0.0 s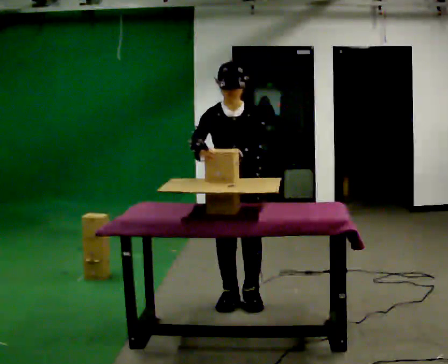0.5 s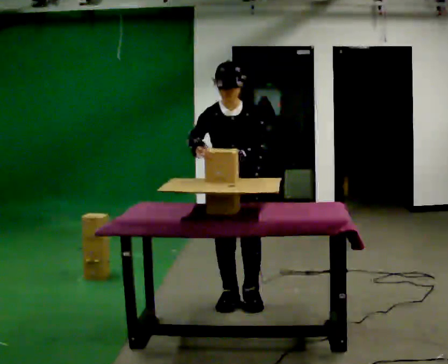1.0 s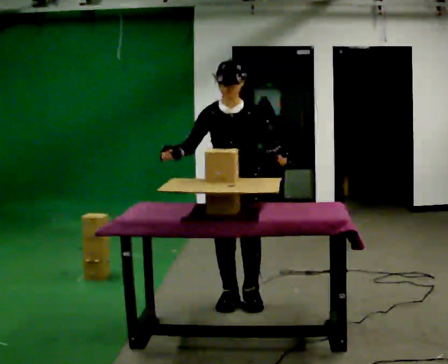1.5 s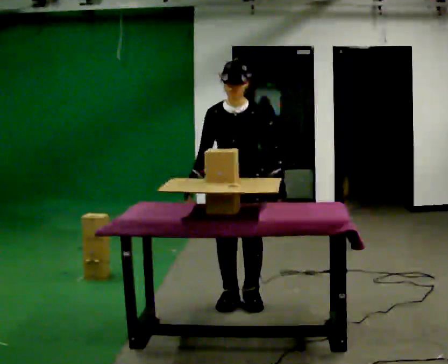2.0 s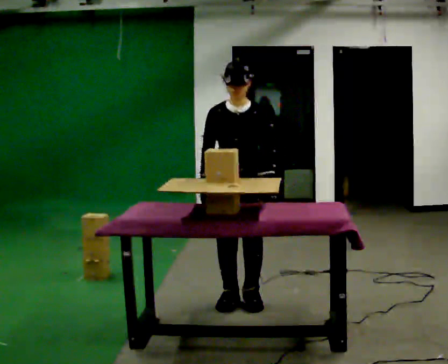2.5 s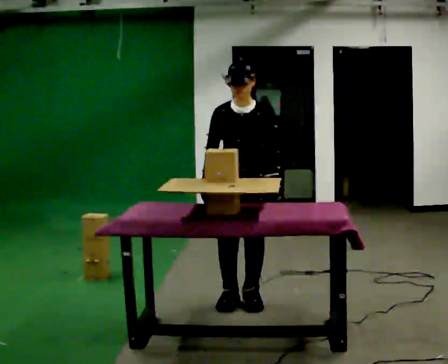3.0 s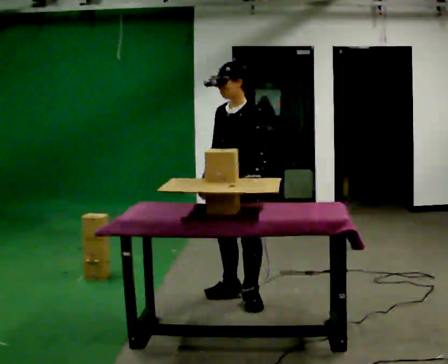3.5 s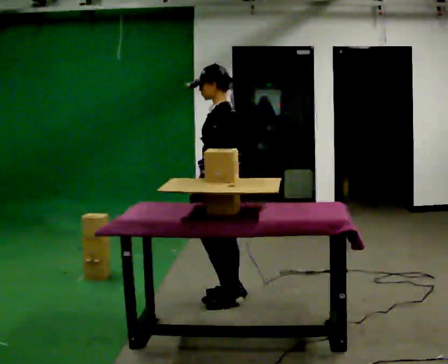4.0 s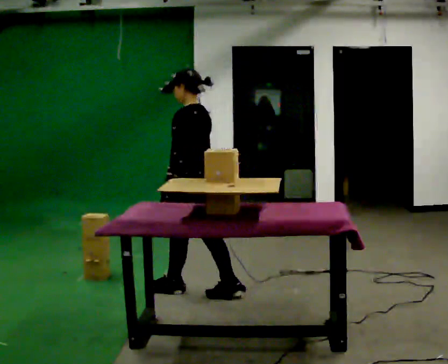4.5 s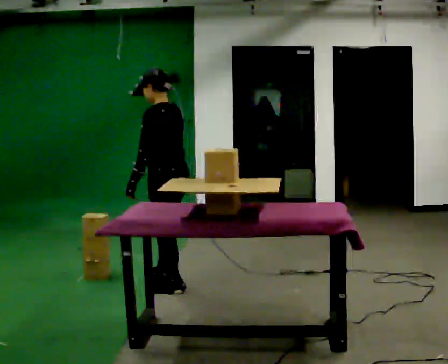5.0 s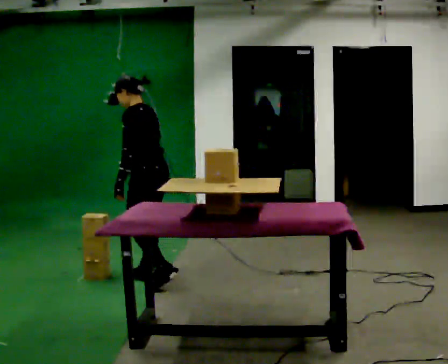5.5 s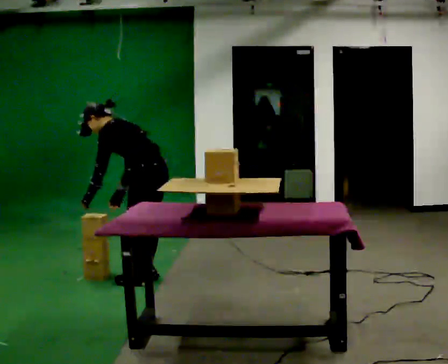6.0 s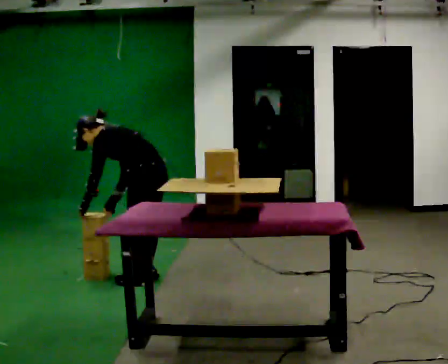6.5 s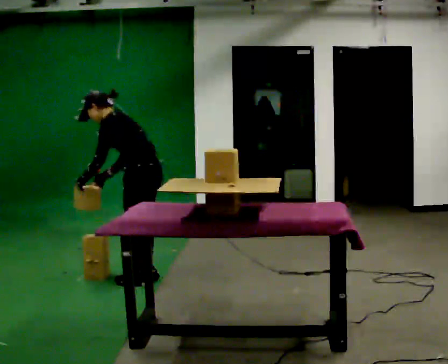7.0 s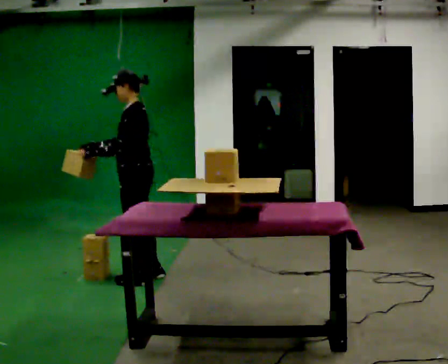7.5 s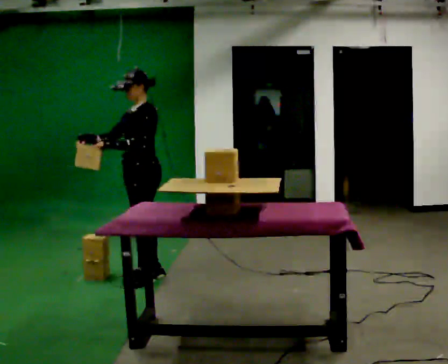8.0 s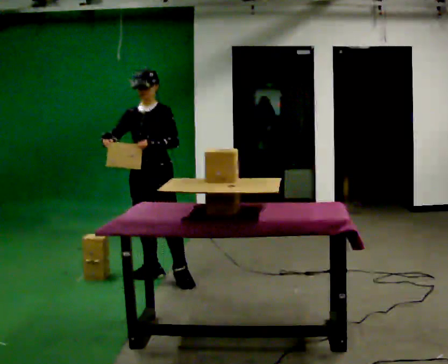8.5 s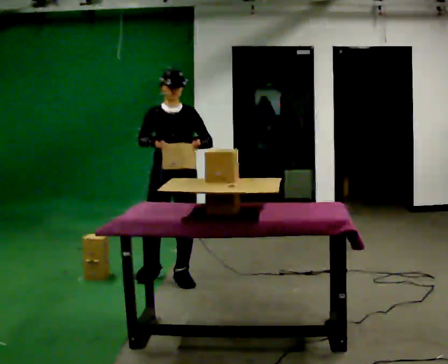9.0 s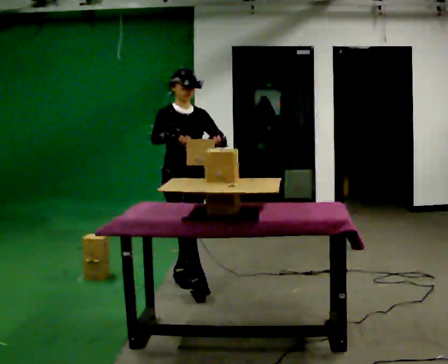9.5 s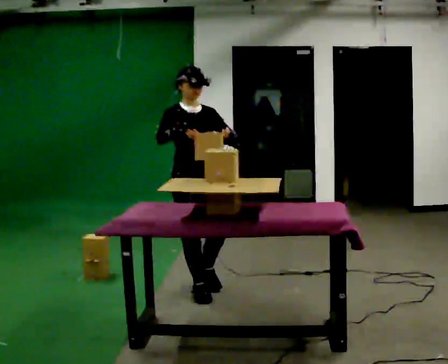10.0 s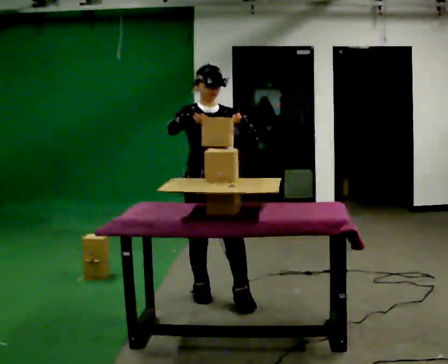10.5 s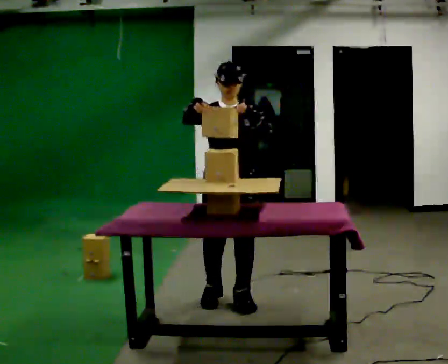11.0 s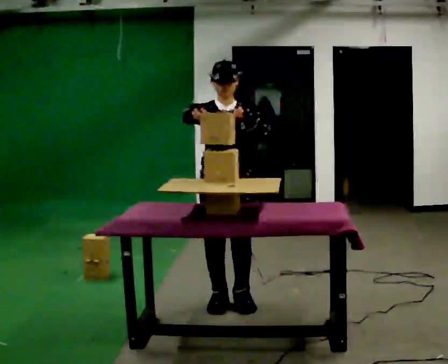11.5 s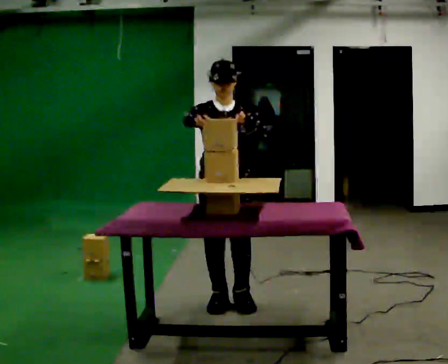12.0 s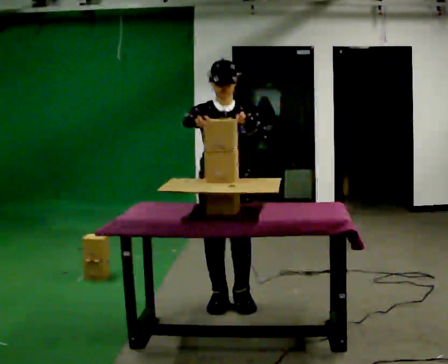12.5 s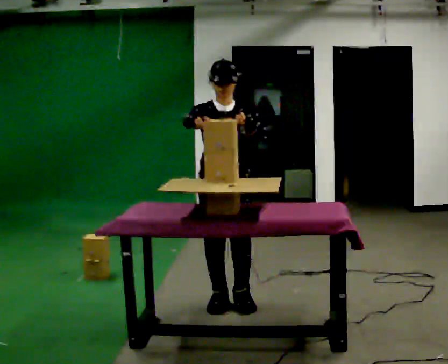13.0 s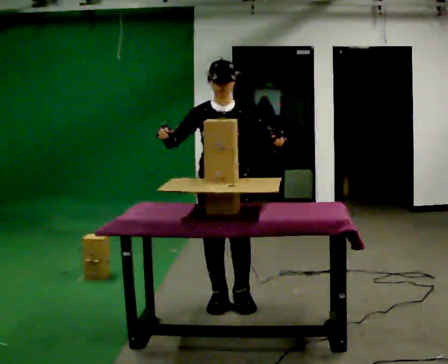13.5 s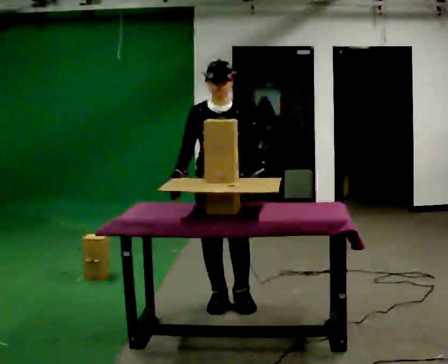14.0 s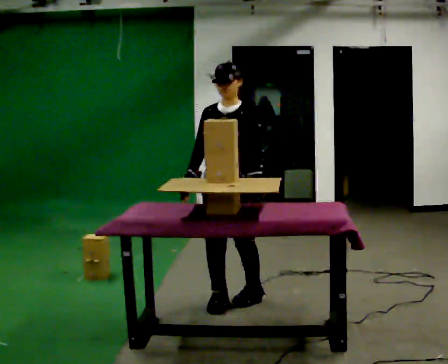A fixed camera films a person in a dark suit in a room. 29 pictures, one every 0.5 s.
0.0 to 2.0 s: The upper body tips away from the camera, its near side rolling upward, as they lean back or straighten.
2.0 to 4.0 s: The person turns about 105 degrees to their right, clockwise seen from above, so the part of the body nearest the lens slides to the left. In the picture they go away from the camera and to the left, about 0.5 m in 1 step.
4.0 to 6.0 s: In the picture they go away from the camera and to the left, about 0.5 m in 2 steps, which for them is forward. The shoulders move downward. In the picture the upper body tilts counterclockwise, shoulders to the left, as they bend forward.
6.0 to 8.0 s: The part of the body nearest the lens slides to the right as the person turns to their left by about 90 degrees. The upper body goes upward. In the picture the upper body tilts clockwise, shoulders to the right, as they lean back or straighten. In the picture their right hand goes upward, the arm swinging clockwise.
8.0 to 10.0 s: The person turns about 30 degrees to their left, counterclockwise seen from above, so the part of the body nearest the lens slides to the right. In the picture they go toward the camera and to the right, about 0.75 m in 2 steps, which for them is forward.
10.0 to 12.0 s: In the picture they go toward the camera, about 0.25 m in 1 step, which for them is forward.
12.0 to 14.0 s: The person turns about 30 degrees to their right, clockwise seen from above, so the part of the body nearest the lens slides to the left. In the picture their right hand goes downward.
The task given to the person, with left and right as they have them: Carry the object over and set it down on the wobbly board without tipping it over. Keep going until the operator says stop; one object at a time, and do not rush between trips.
The film runs forward here.
